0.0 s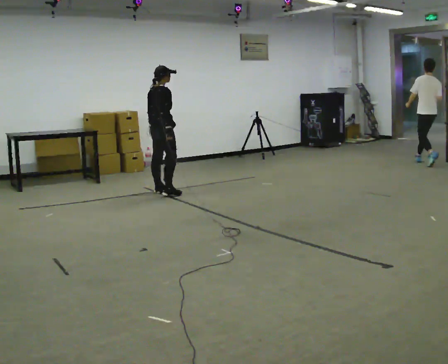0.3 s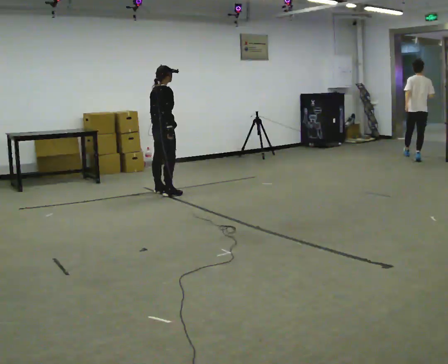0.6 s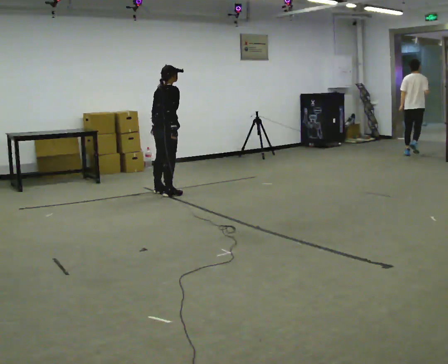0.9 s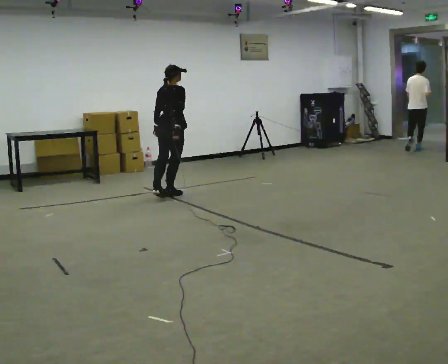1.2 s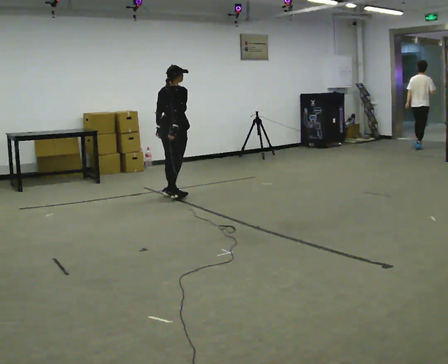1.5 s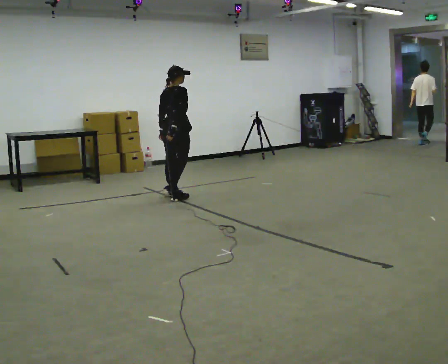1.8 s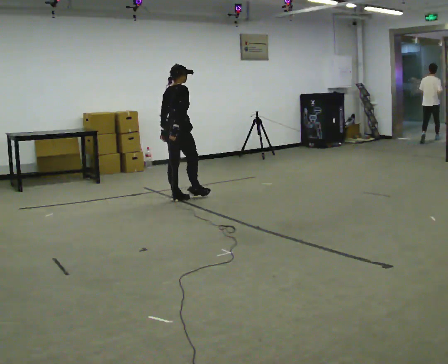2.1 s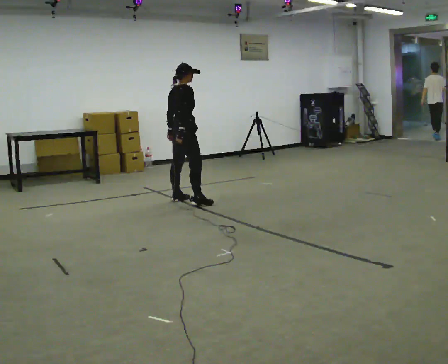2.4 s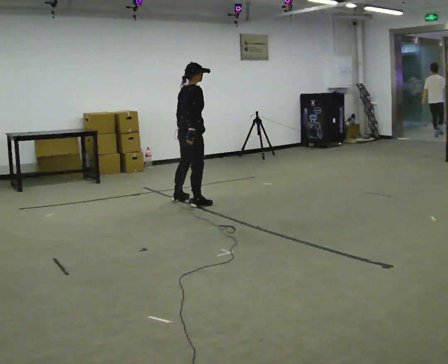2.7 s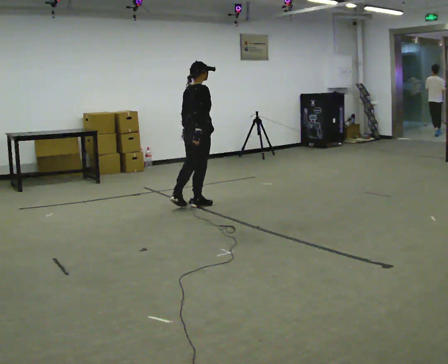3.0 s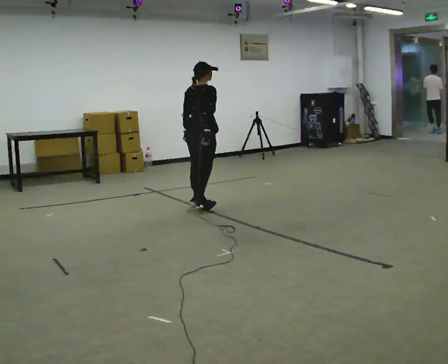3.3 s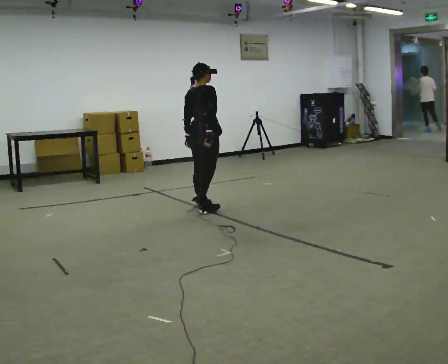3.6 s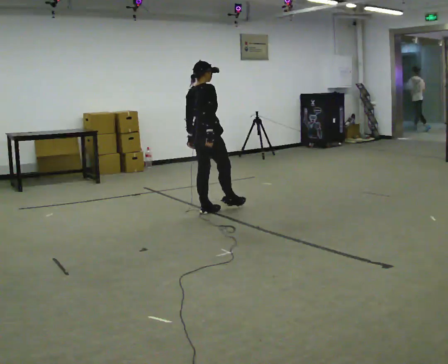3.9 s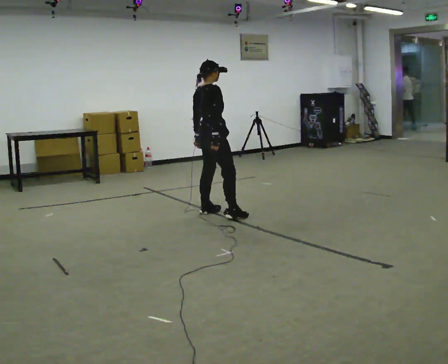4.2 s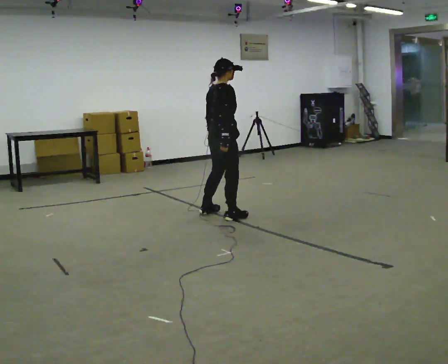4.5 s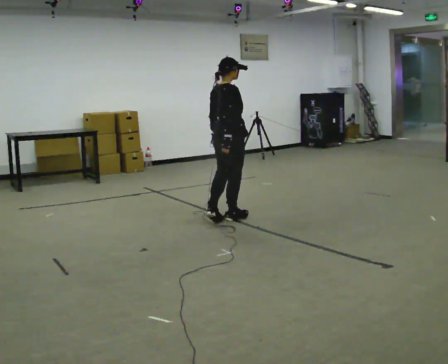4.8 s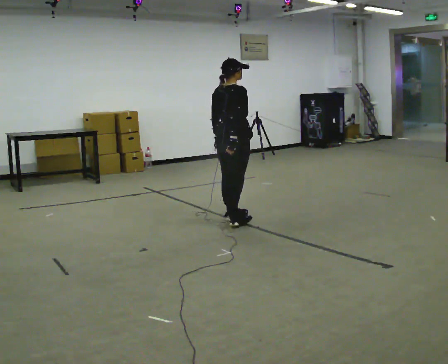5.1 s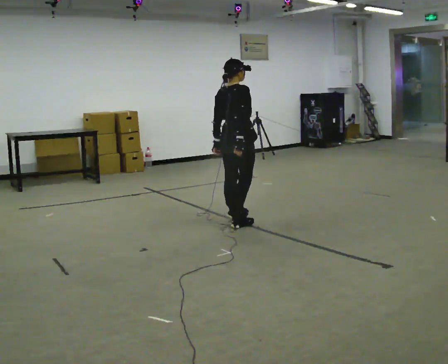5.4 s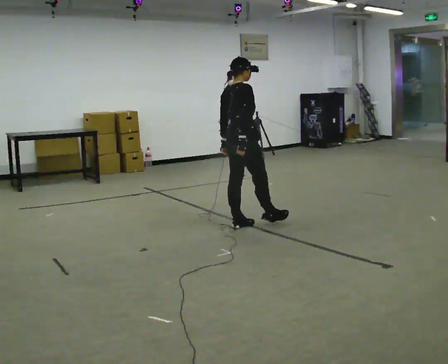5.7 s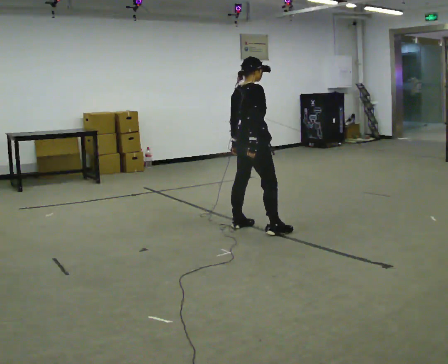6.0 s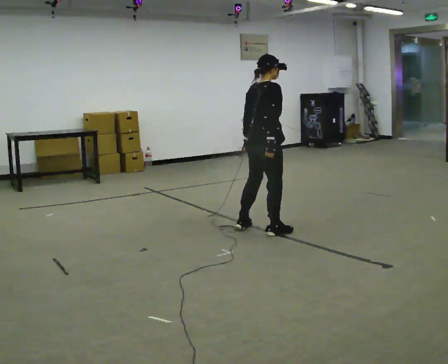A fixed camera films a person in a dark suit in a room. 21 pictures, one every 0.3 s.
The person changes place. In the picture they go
toward the camera.
0.0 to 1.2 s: Seen from above the body turns counterclockwise, about 30 degrees: to their left, with its near side sliding to the right. In the picture they go toward the camera and to the right, about 0.25 m in 1 step, which for them is to their right.
1.2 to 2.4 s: Seen from above the body turns clockwise, about 30 degrees: to their right, with its near side sliding to the left. In the picture they go toward the camera and to the right, about 0.5 m in 1 step, which for them is to their right.
2.4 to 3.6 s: In the picture they go toward the camera, about 0.5 m in 1 step, which for them is to their right and backward.
3.6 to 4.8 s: In the picture they go toward the camera and to the right, about 0.5 m in 2 steps, which for them is to their right.
4.8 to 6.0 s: In the picture they go toward the camera and to the right, about 0.5 m in 1 step, which for them is to their right.
The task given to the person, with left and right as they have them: Move sideways in the direction the operator calls, crossing one foot in front and then behind, alternating.
The film runs forward here.
